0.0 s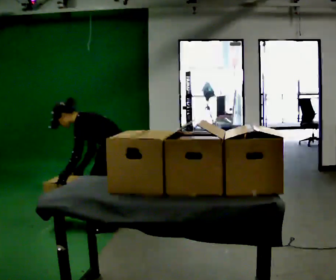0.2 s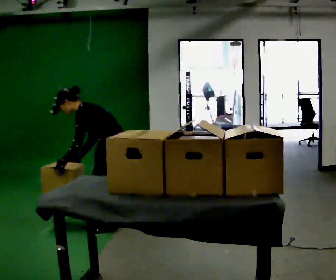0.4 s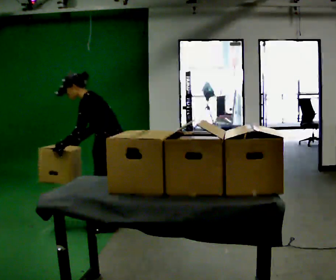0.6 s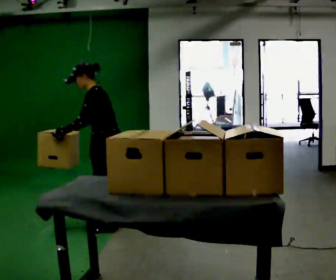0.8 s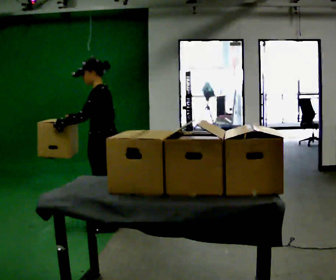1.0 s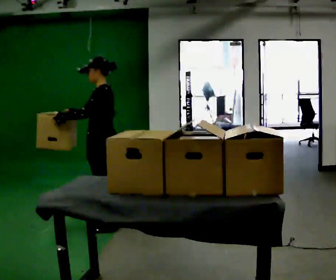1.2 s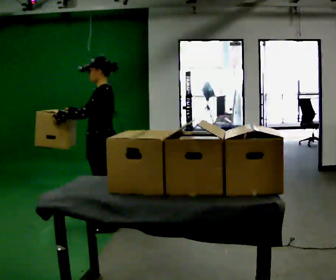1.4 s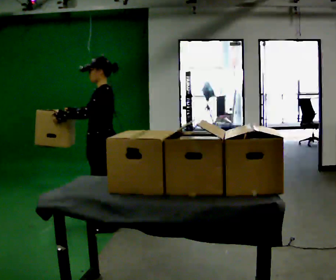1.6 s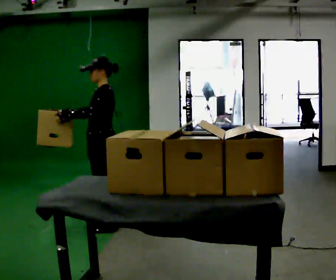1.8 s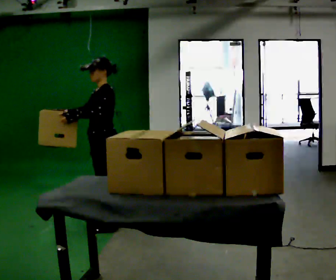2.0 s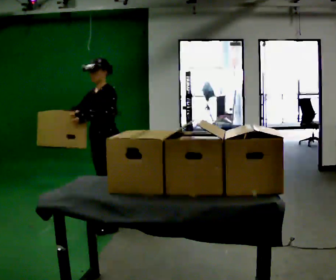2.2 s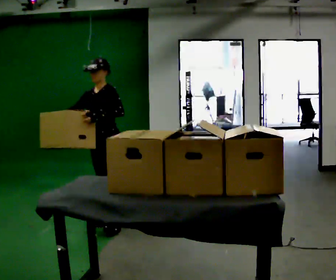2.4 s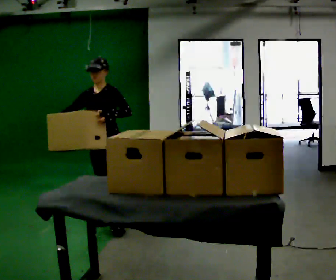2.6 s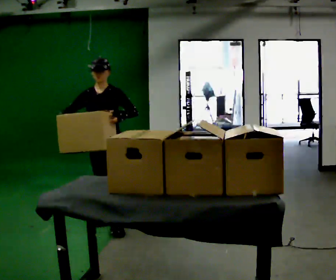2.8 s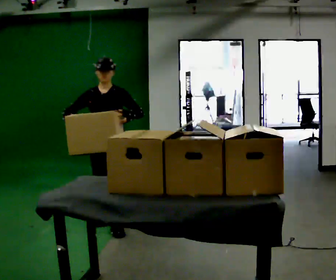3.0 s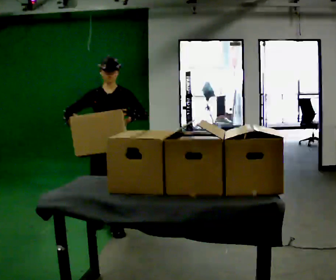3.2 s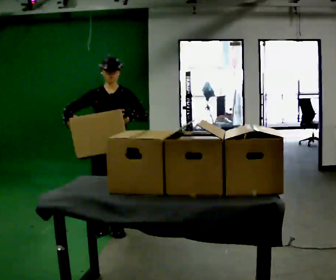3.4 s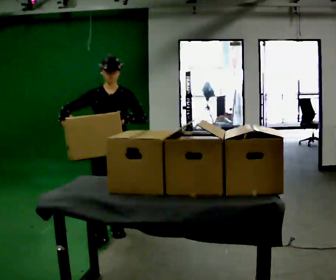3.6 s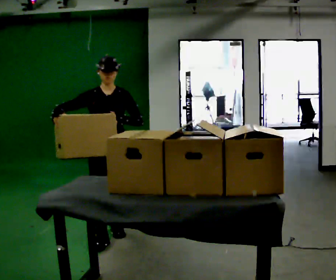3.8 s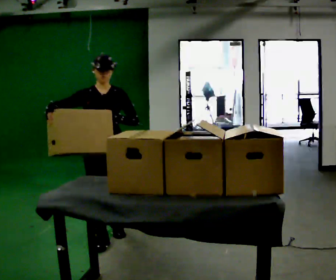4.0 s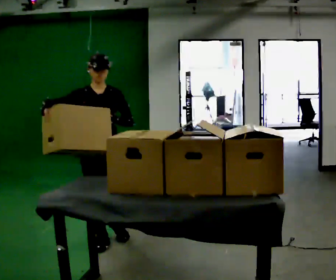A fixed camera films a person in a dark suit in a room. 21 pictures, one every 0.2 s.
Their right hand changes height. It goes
upward.
Their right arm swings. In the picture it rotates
clockwise.
0.0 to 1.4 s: The upper body goes upward. In the picture the upper body tilts clockwise, shoulders to the right, as they lean back or straighten. In the picture their right hand goes upward, the arm swinging clockwise.
1.4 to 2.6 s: The person turns about 75 degrees to their left, counterclockwise seen from above, so the part of the body nearest the lens slides to the right.
2.6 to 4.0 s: In the picture they go toward the camera, about 0.5 m in 1 step, which for them is forward.
The film runs forward here.
